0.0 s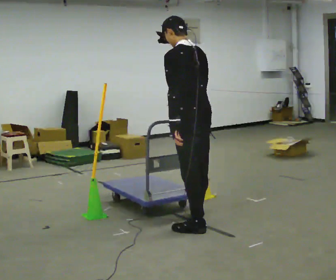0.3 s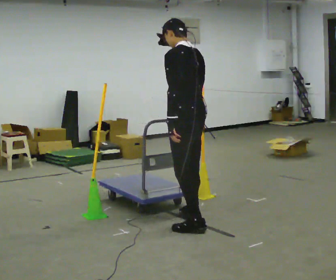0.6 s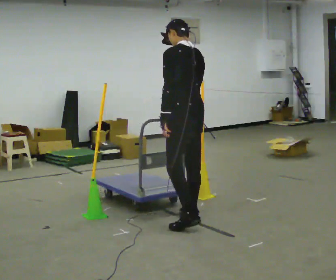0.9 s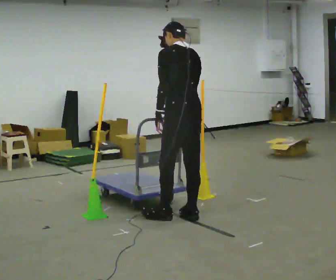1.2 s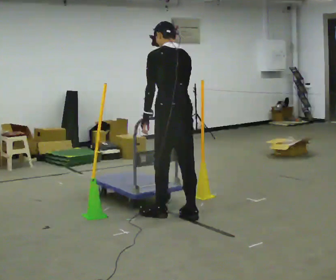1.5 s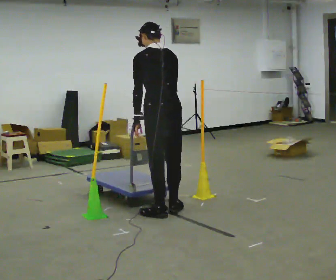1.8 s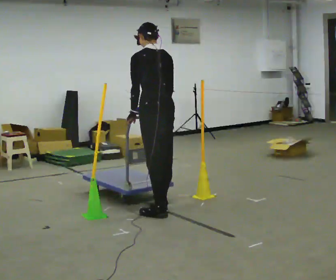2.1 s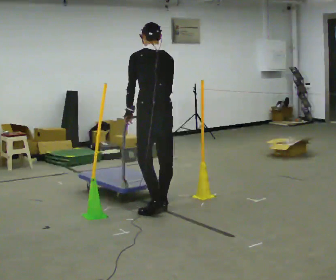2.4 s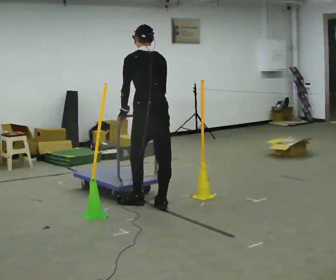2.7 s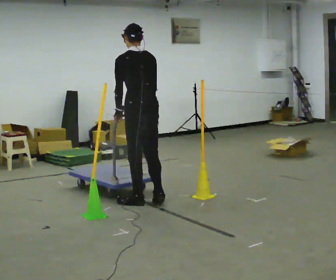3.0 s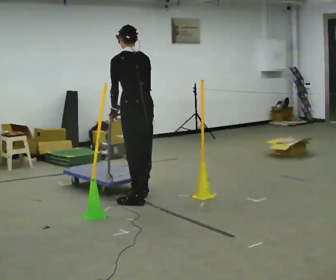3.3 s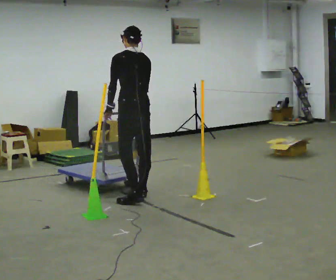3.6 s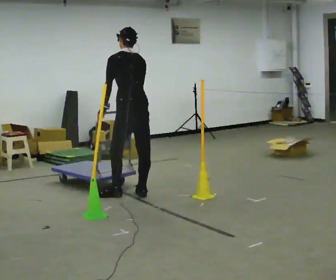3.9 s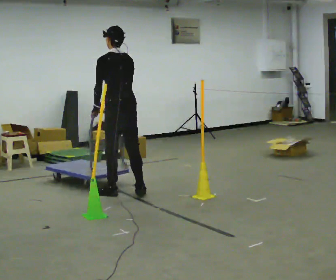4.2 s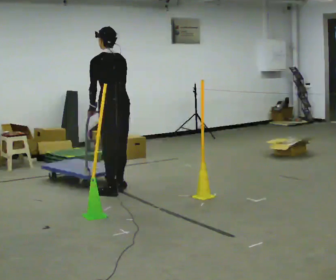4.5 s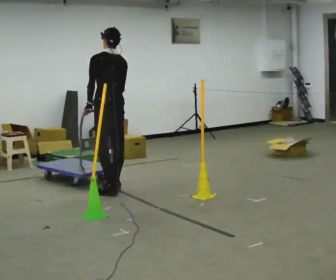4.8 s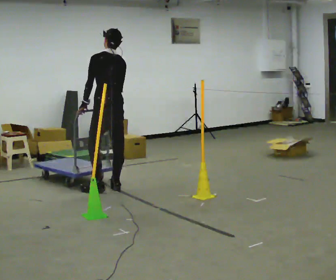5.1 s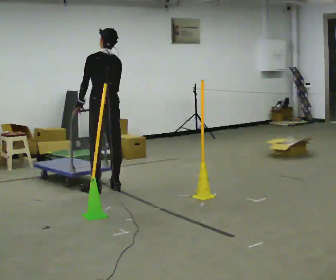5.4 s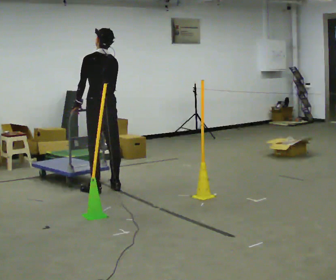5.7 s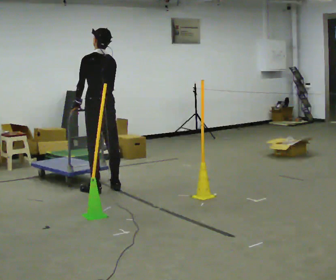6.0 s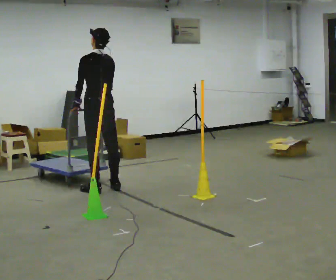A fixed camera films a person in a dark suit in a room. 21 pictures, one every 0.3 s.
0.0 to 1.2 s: In the picture they go away from the camera, about 0.25 m in 1 step, which for them is forward and to their right.
1.2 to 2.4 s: In the picture they go away from the camera and to the left, about 0.5 m in 2 steps, which for them is forward.
2.4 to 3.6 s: In the picture they go away from the camera and to the left, about 0.5 m in 2 steps, which for them is forward.
3.6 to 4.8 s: In the picture they go away from the camera and to the left, about 0.5 m in 2 steps, which for them is forward.
4.8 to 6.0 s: The person moves a little, or ends about where they began.
The film runs backward here.
